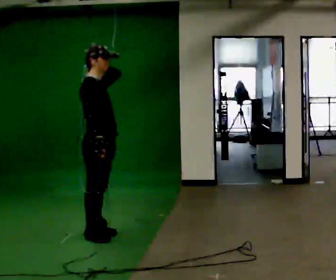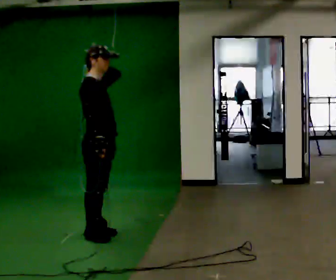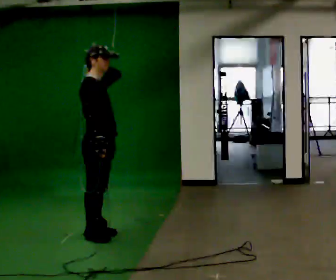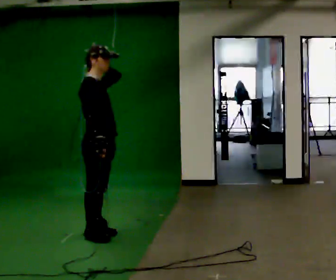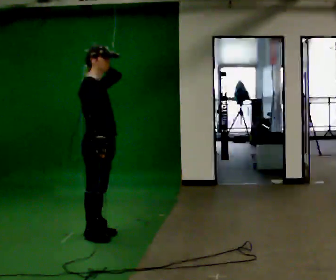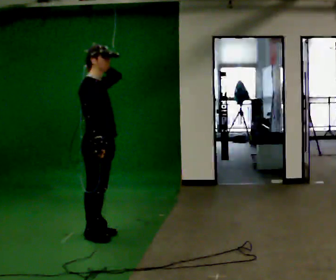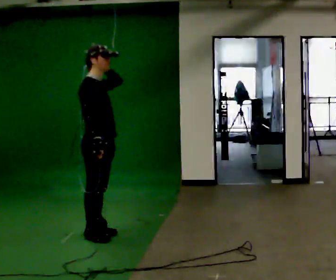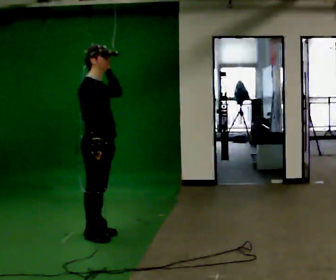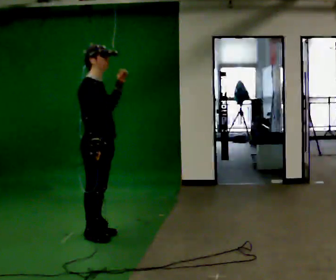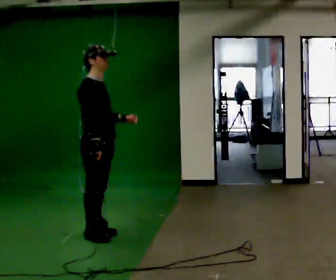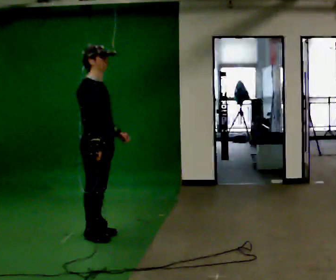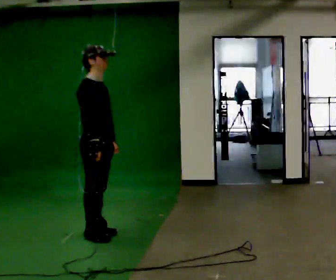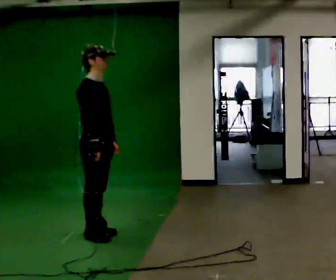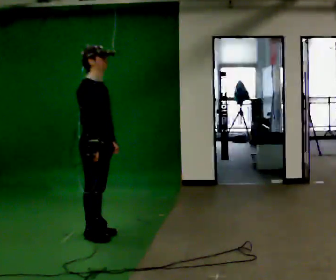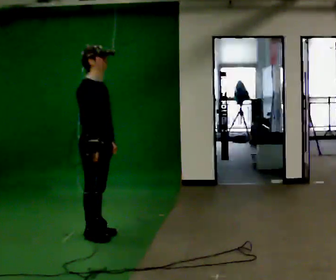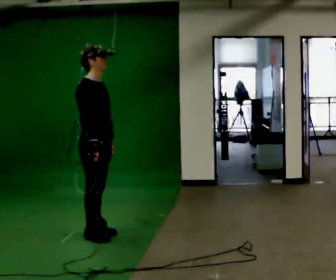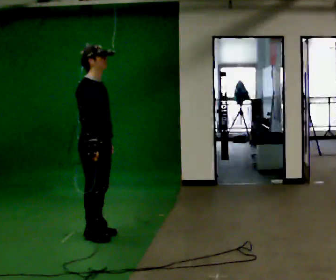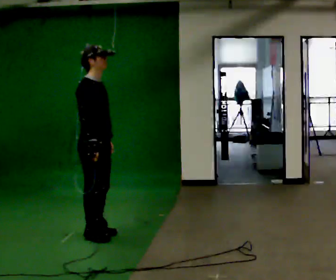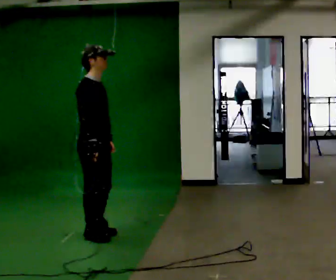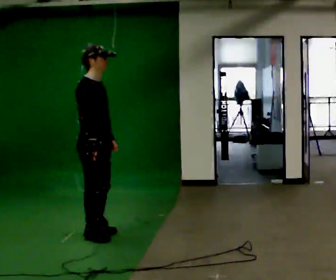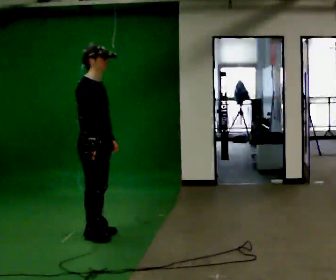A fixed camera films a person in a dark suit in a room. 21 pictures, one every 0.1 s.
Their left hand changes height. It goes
downward.
0.0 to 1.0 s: In the picture their left hand goes downward.
1.0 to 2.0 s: The person moves a little, or ends about where they began.
The film runs backward here.
